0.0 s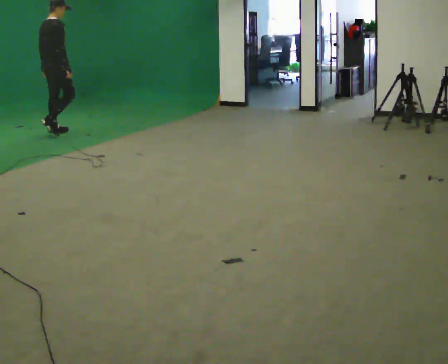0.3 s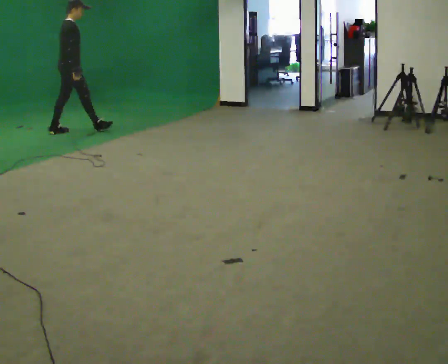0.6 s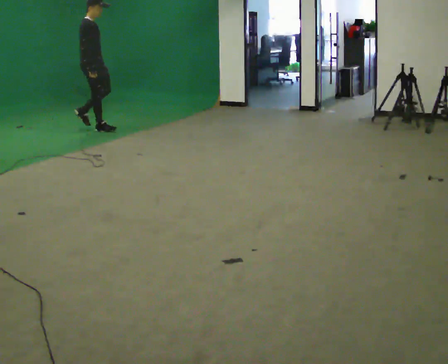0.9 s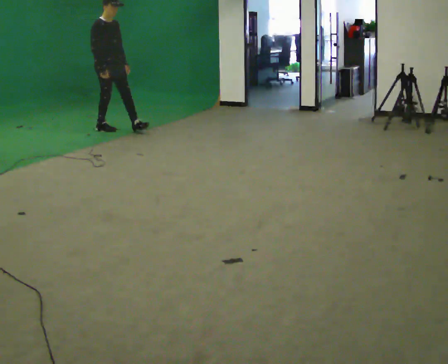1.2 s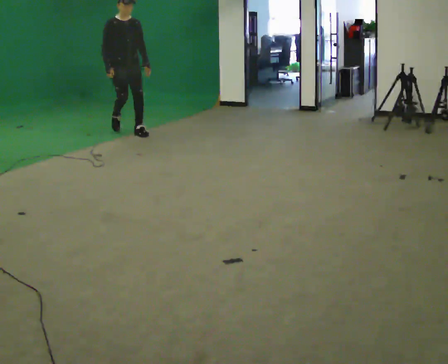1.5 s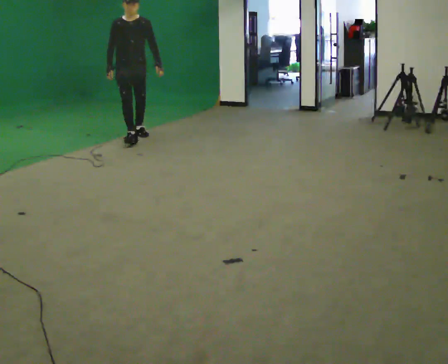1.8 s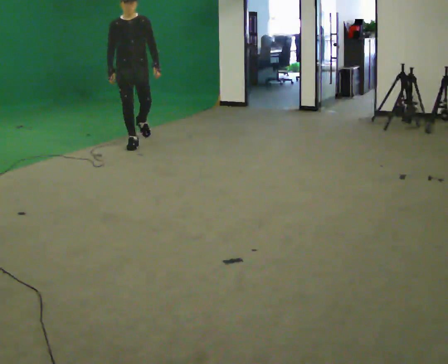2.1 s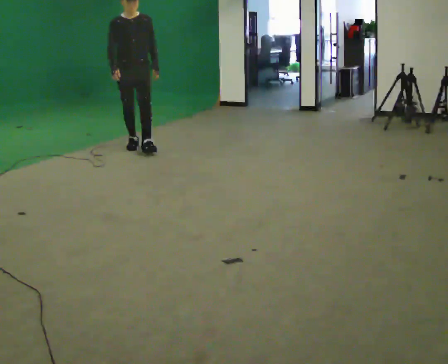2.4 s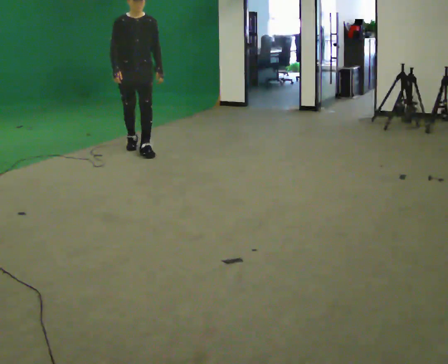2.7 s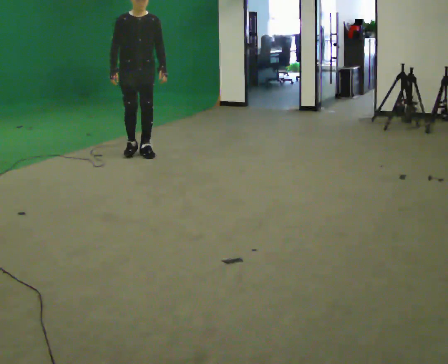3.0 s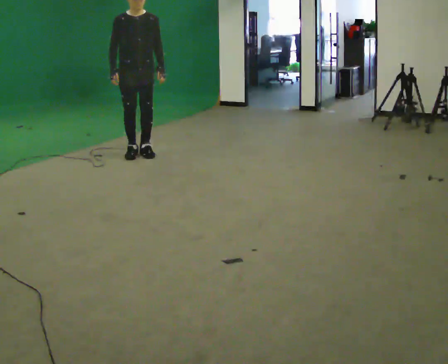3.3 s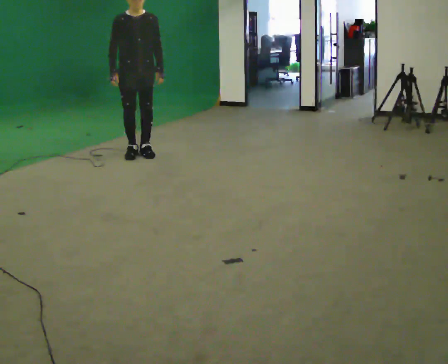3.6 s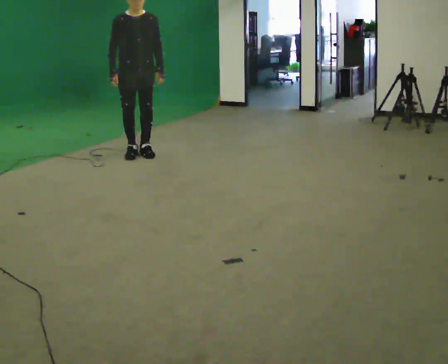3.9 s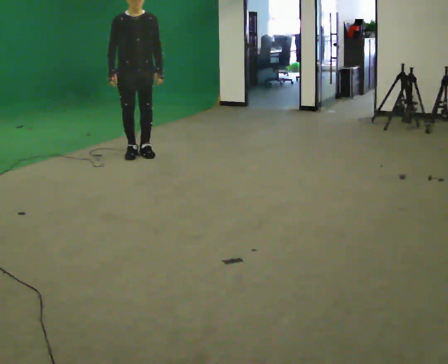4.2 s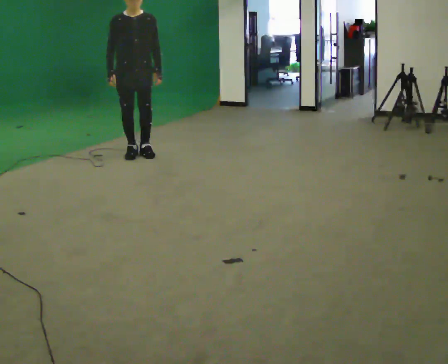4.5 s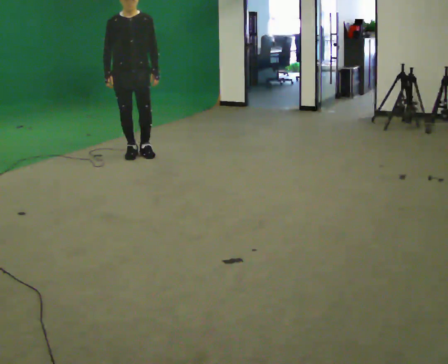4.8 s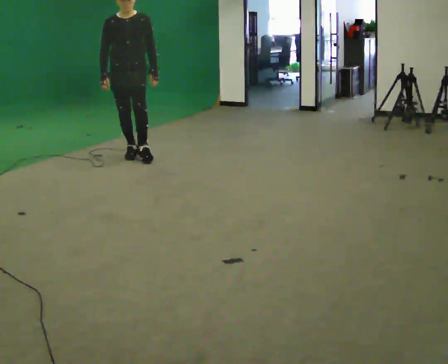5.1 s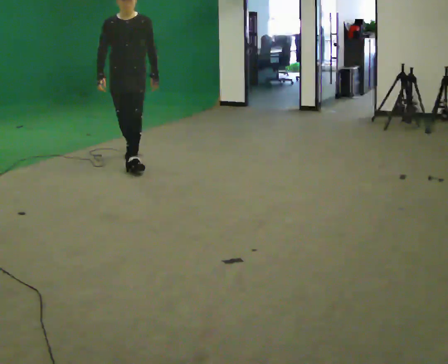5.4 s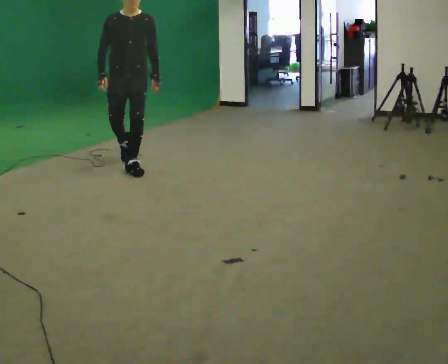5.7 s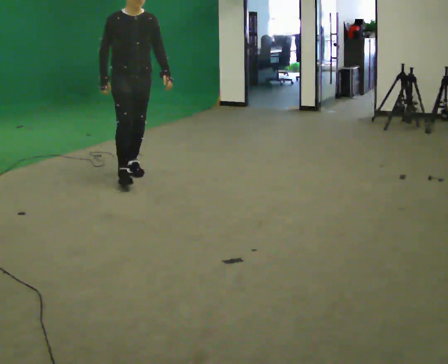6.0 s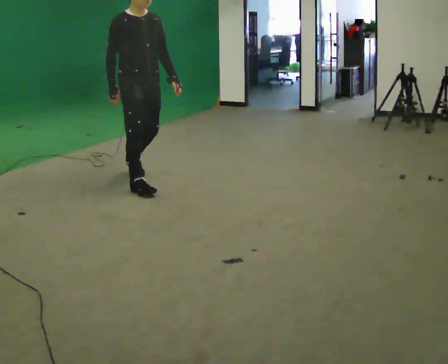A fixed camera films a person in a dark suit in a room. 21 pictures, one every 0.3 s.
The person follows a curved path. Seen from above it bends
clockwise.
The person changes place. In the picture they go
toward the camera.
0.0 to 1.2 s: The part of the body nearest the lens slides to the left as the person turns to their right by about 105 degrees. In the picture they go to the right, about 1 m in 2 steps.
1.2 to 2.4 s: In the picture they go toward the camera, about 1 m in 2 steps, which for them is forward.
2.4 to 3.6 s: In the picture they go toward the camera, about 0.25 m in 1 step, which for them is forward.
3.6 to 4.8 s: The person moves a little, or ends about where they began.
4.8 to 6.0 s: The person turns about 45 degrees to their left, counterclockwise seen from above, so the part of the body nearest the lens slides to the right. In the picture they go toward the camera, about 1 m in 2 steps, which for them is forward.
The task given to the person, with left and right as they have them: Walk one full figure-eight continuously at comfortable speed; stop.
The film runs forward here.
